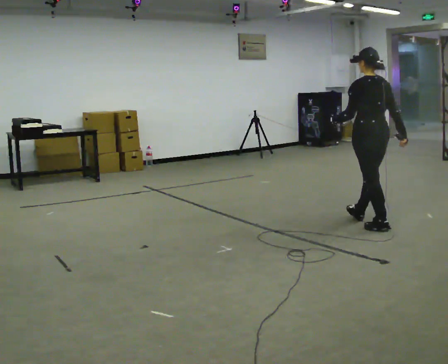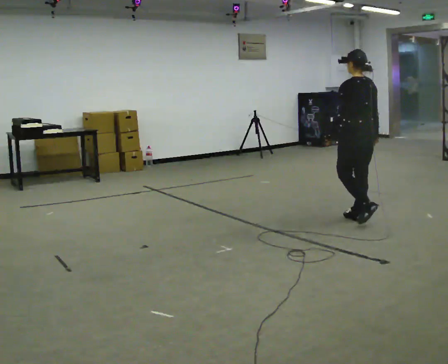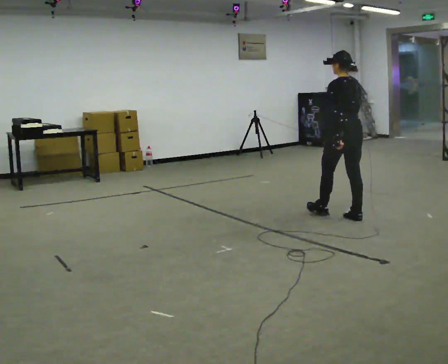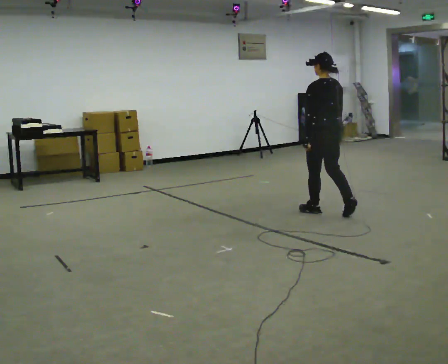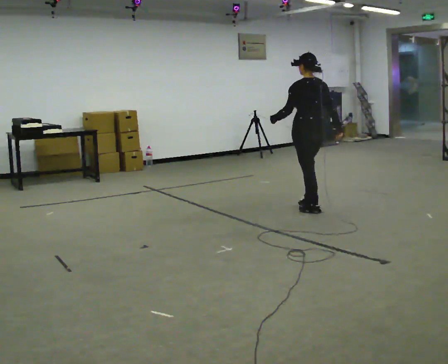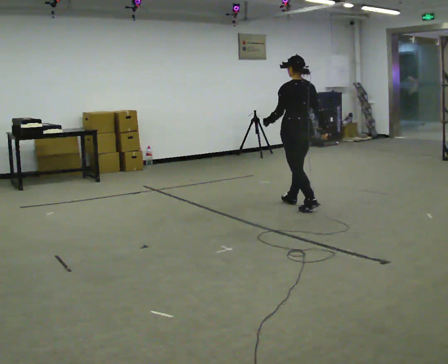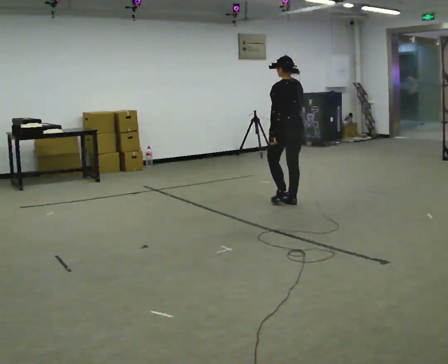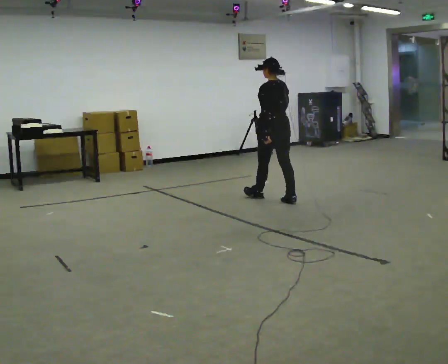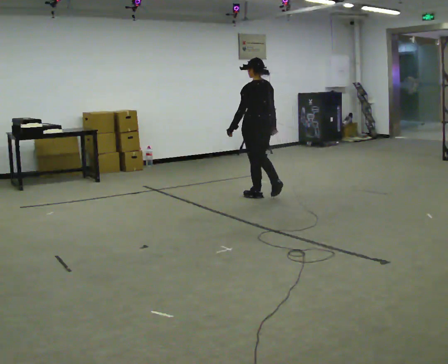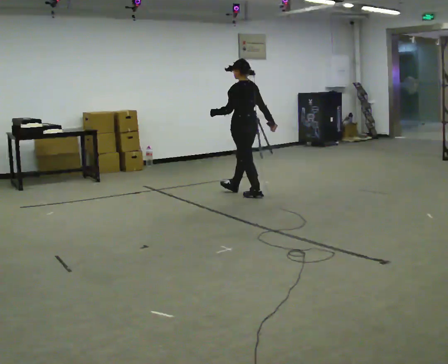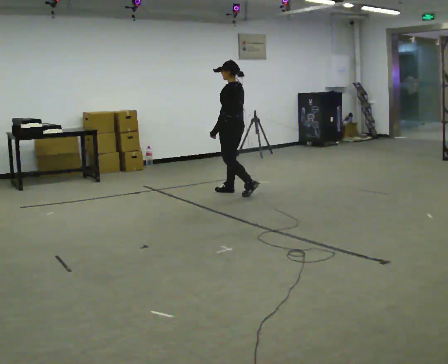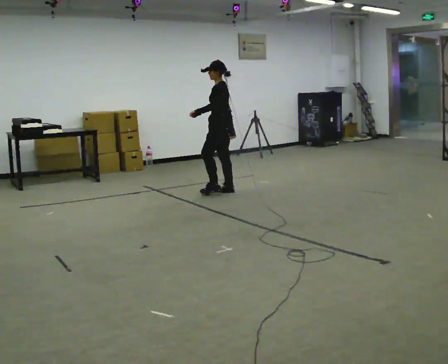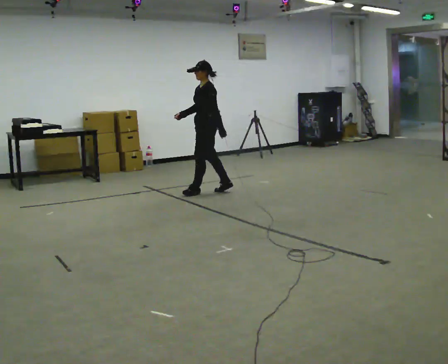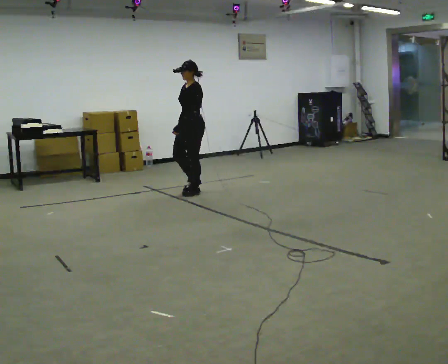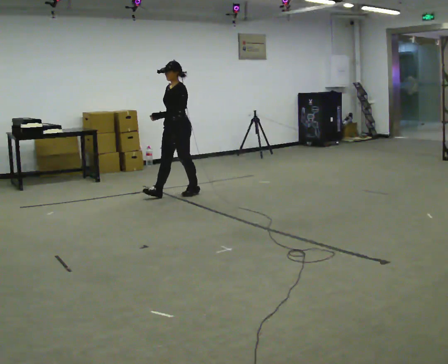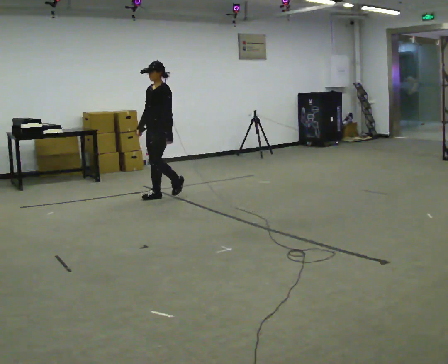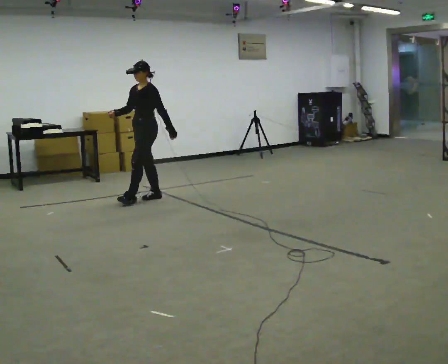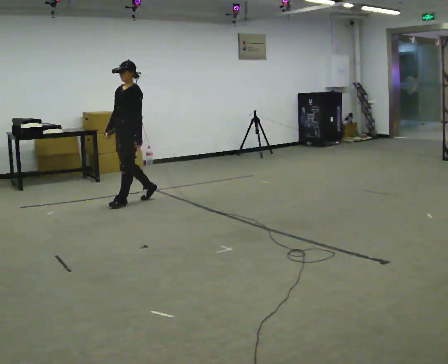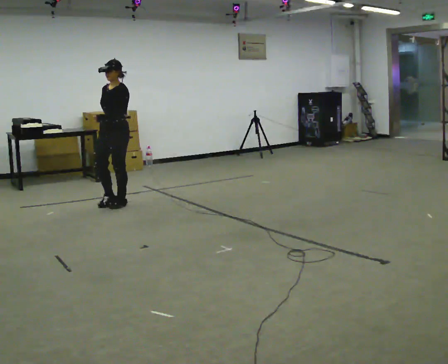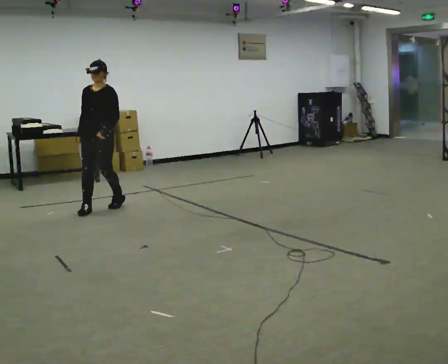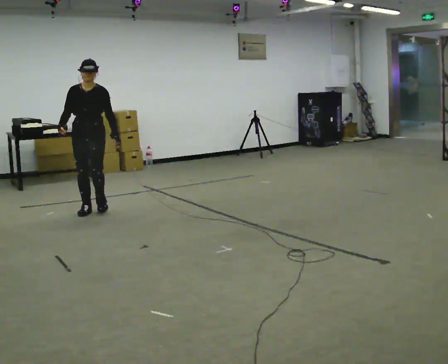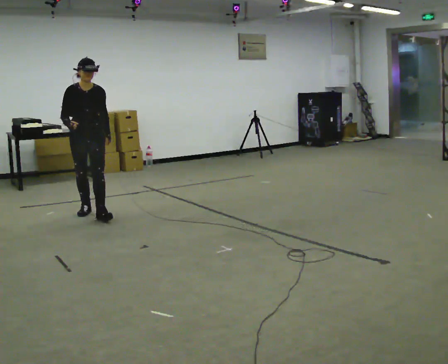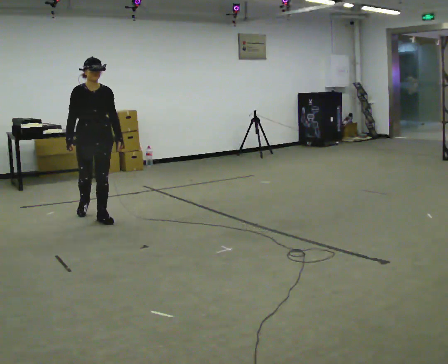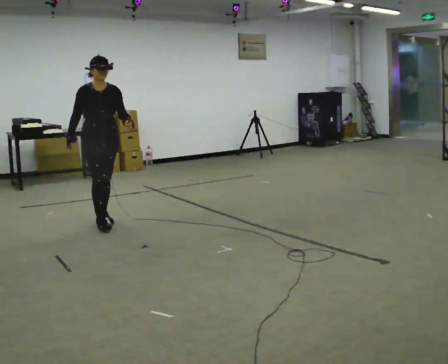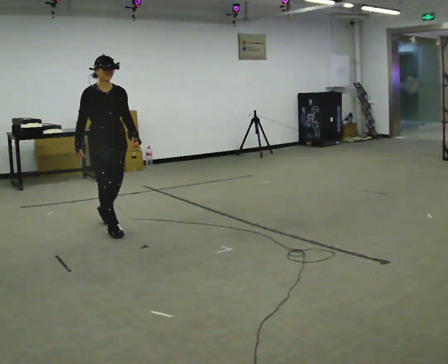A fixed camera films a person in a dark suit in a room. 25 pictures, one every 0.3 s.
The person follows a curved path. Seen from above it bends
counterclockwise.
The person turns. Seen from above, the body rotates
counterclockwise.
0.0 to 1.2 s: In the picture they go away from the camera and to the left, about 1 m in 2 steps, which for them is forward.
1.2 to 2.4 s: In the picture they go away from the camera and to the left, about 1 m in 2 steps, which for them is forward.
2.4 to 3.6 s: The part of the body nearest the lens slides to the right as the person turns to their left by about 60 degrees. In the picture they go to the left and away from the camera, about 0.75 m in 2 steps.
3.6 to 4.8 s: The part of the body nearest the lens slides to the right as the person turns to their left by about 30 degrees. In the picture they go to the left and toward the camera, about 0.5 m in 1 step, which for them is forward.
4.8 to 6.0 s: The part of the body nearest the lens slides to the right as the person turns to their left by about 60 degrees. In the picture they go toward the camera and to the left, about 1 m in 2 steps.
6.0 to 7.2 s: The part of the body nearest the lens slides to the right as the person turns to their left by about 30 degrees. In the picture they go toward the camera and to the right, about 0.5 m in 2 steps, which for them is forward.
The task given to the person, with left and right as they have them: Walk straight; turn around and walk back; use wide or tight turn.
The film runs forward here.
